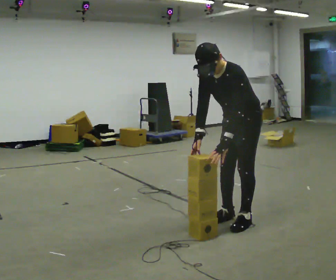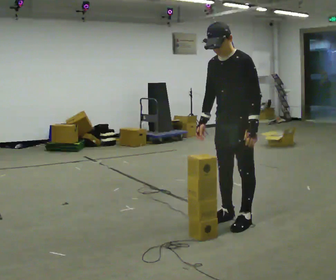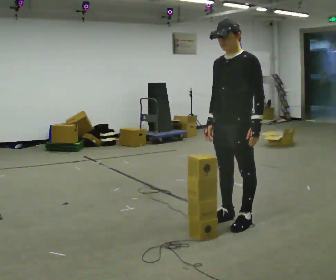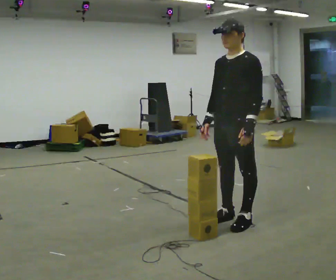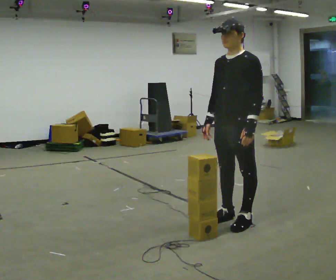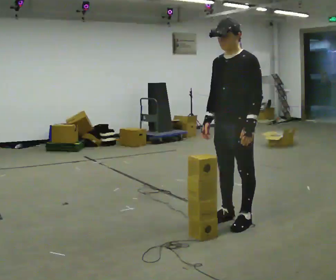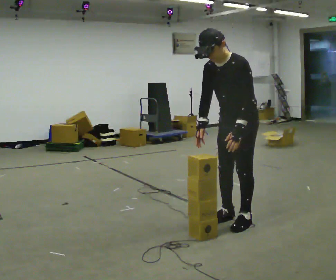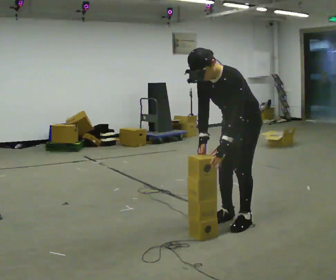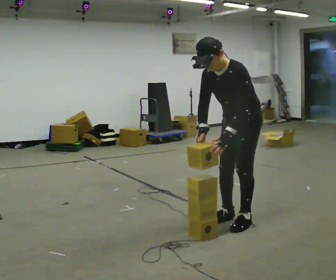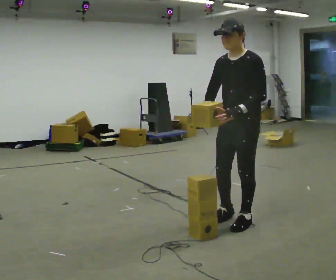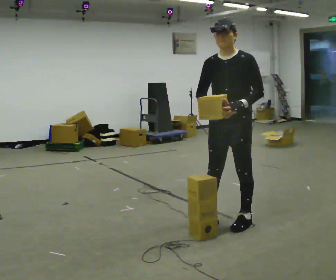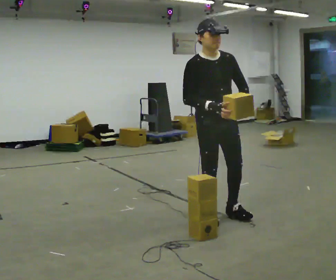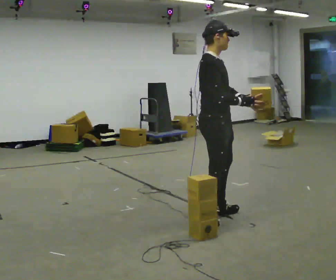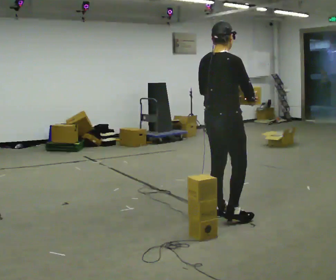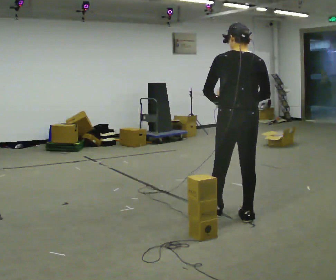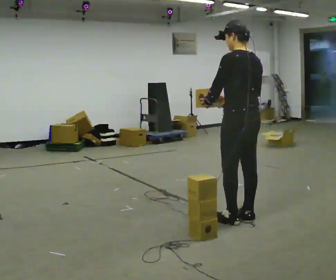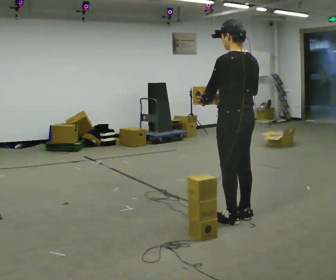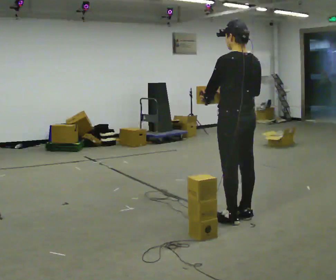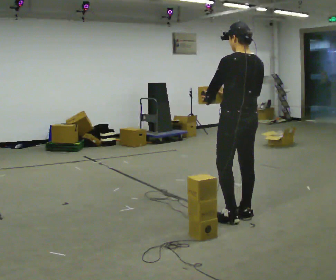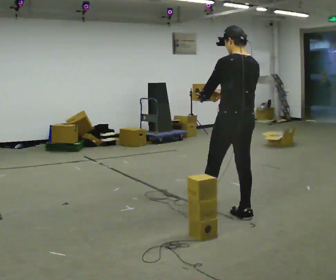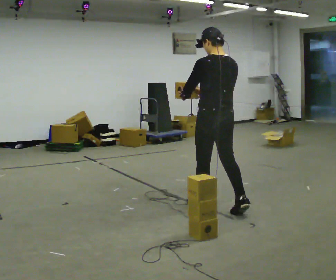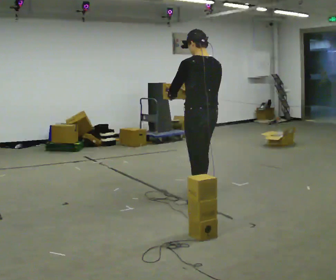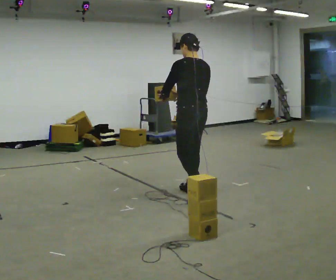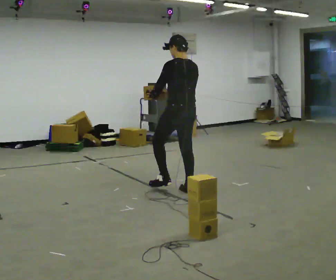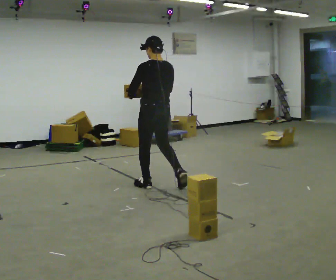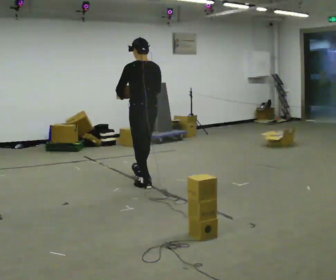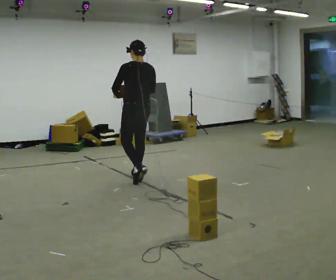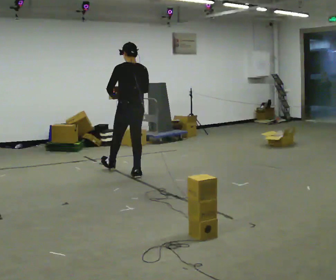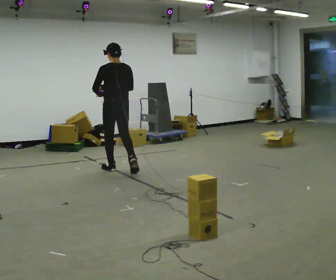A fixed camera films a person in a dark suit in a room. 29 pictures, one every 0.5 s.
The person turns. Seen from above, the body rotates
counterclockwise.
The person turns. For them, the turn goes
to their left.
0.0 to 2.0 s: The upper body tips away from the camera, its near side rolling upward, as they lean back or straighten.
2.0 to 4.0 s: The person moves a little, or ends about where they began.
4.0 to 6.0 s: The part of the body nearest the lens slides to the right as the person turns to their left by about 120 degrees. In the picture they go to the left, about 0.25 m in 2 steps.
6.0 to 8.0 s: The part of the body nearest the lens slides to the right as the person turns to their left by about 150 degrees. In the picture they go to the right, about 0.25 m in 2 steps. In the picture their left hand goes to the left.
8.0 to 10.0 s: In the picture they go away from the camera and to the left, about 0.25 m in 1 step, which for them is forward.
10.0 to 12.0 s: In the picture they go to the left and away from the camera, about 1 m in 2 steps, which for them is forward.
12.0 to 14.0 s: In the picture they go to the left and away from the camera, about 1 m in 2 steps, which for them is forward.
The film runs forward here.
